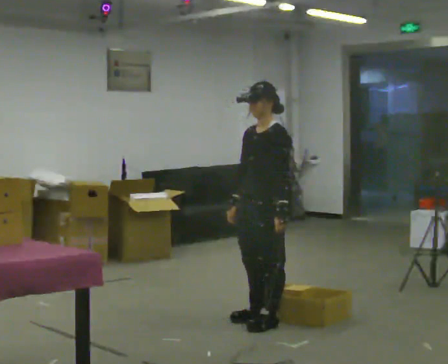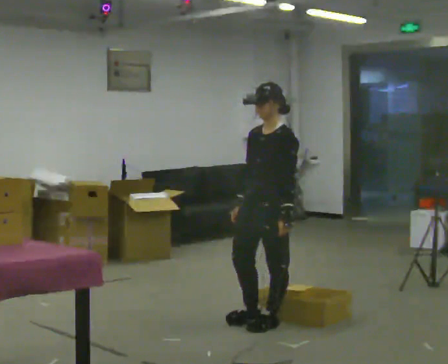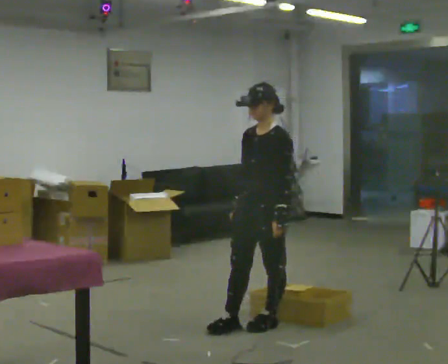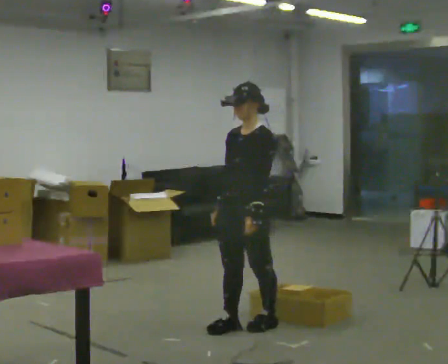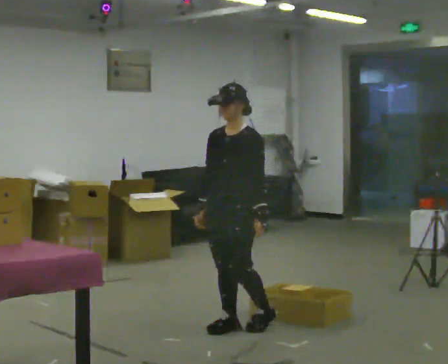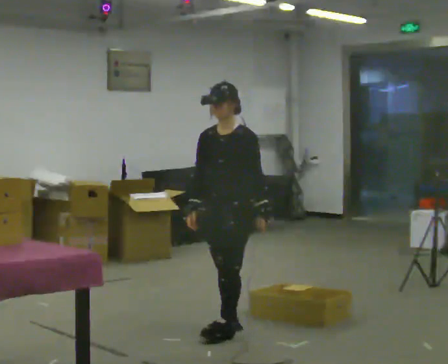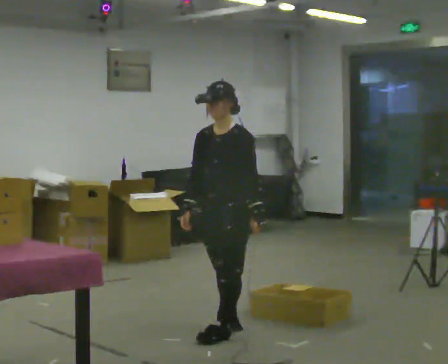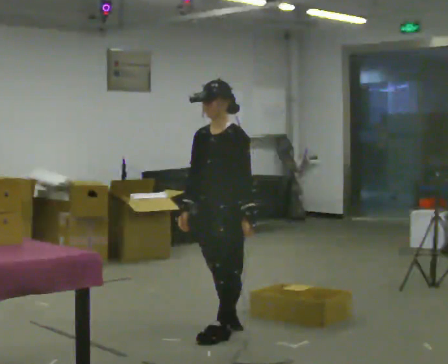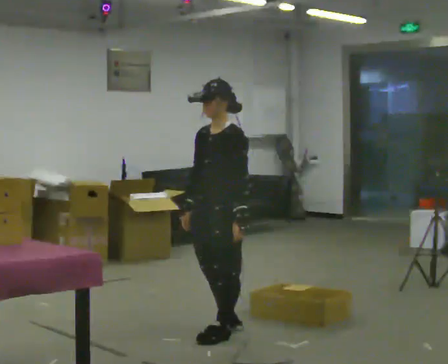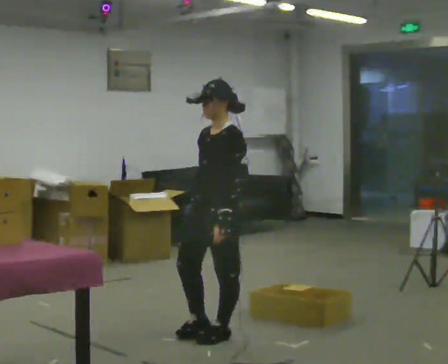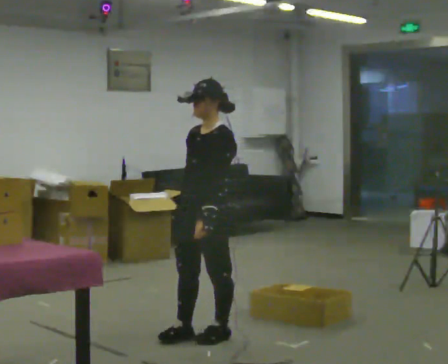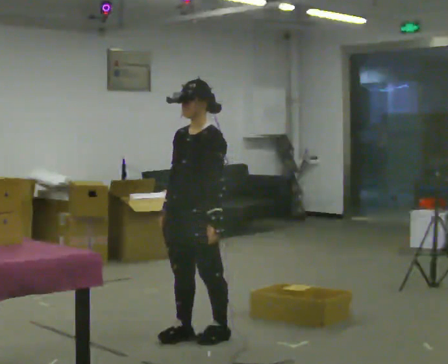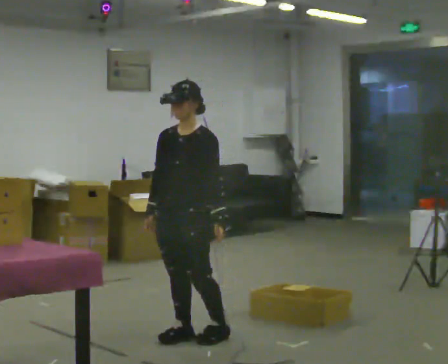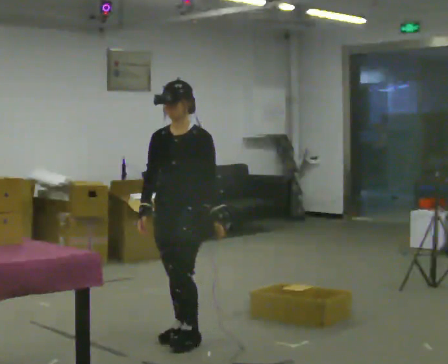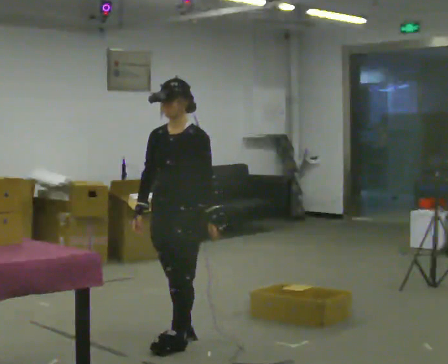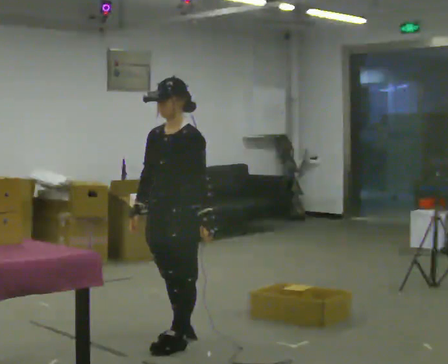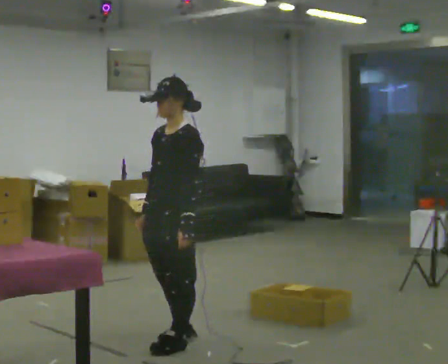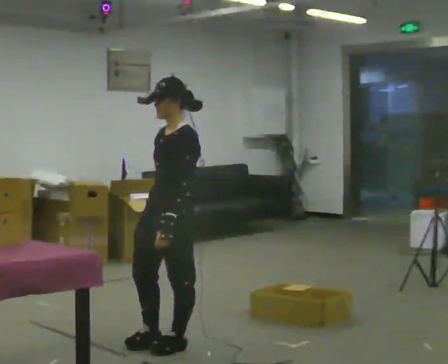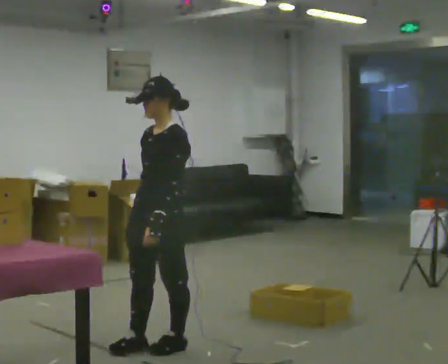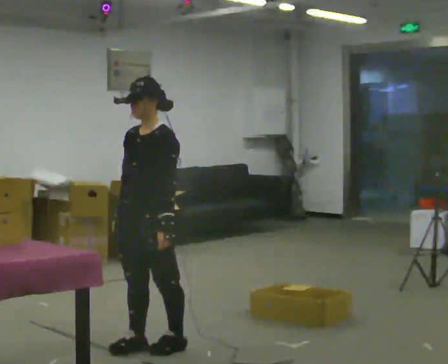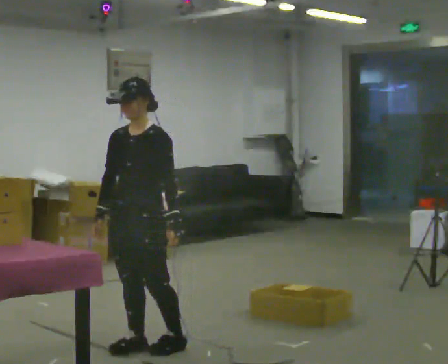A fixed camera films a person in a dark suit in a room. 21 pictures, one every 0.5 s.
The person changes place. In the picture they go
to the left.
0.0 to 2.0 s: In the picture they go to the left, about 0.25 m in 1 step, which for them is forward.
2.0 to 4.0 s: In the picture they go toward the camera, about 0.25 m in 1 step, which for them is forward.
4.0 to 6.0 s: In the picture they go to the left, about 0.25 m in 1 step, which for them is forward.
6.0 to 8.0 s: In the picture they go toward the camera, about 0.25 m in 1 step, which for them is forward.
8.0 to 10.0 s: The part of the body nearest the lens slides to the right as the person turns to their left by about 30 degrees. In the picture they go to the left, about 0.25 m in 1 step, which for them is forward.
The film runs forward here.
